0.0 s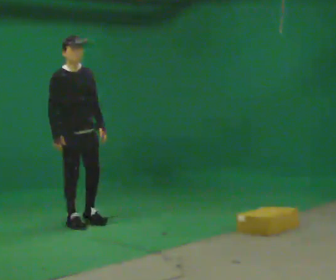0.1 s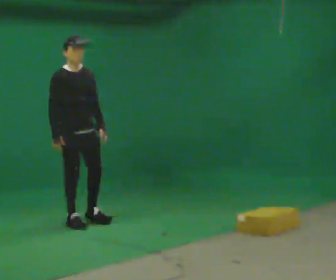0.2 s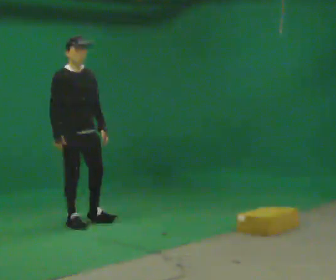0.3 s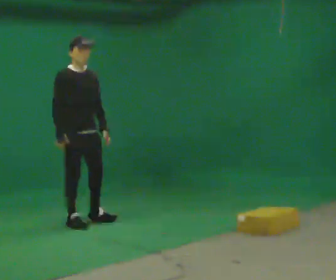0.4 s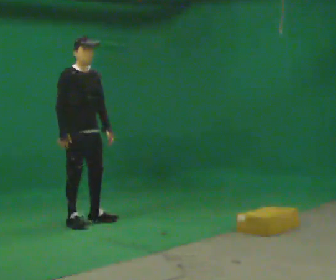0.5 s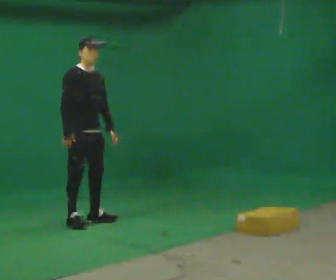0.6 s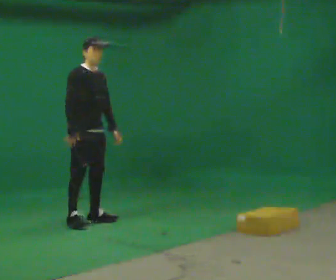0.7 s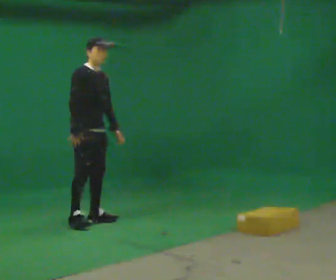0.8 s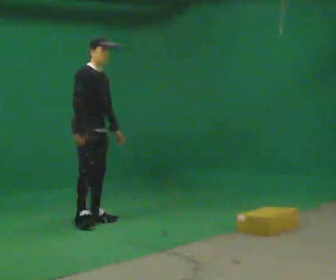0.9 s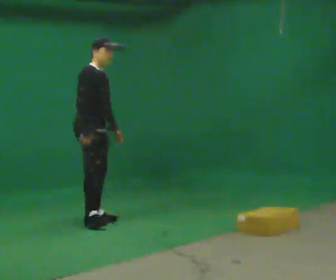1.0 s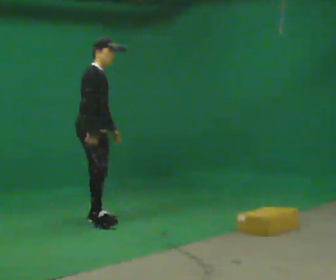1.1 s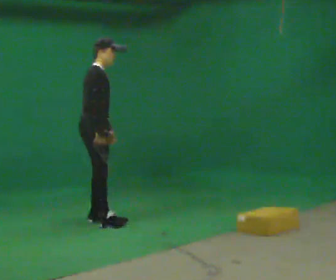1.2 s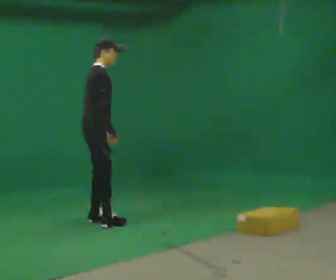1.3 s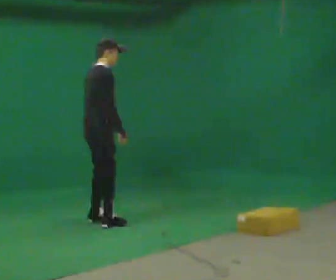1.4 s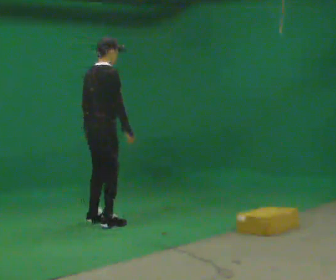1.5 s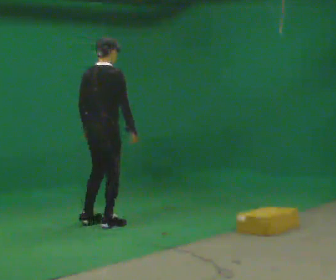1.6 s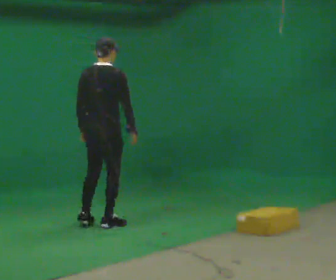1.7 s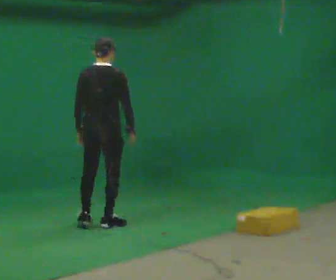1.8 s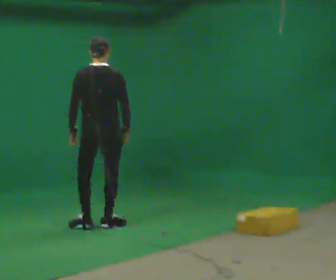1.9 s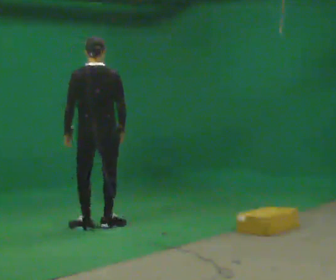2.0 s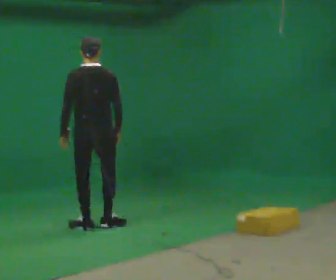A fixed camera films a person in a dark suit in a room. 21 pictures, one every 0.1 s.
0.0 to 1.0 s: Seen from above the body turns counterclockwise, about 30 degrees: to their left, with its near side sliding to the right.
1.0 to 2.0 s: The part of the body nearest the lens slides to the right as the person turns to their left by about 120 degrees. In the picture they go toward the camera, about 0.25 m in 1 step. In the picture their left hand goes to the left.
The film runs backward here.
